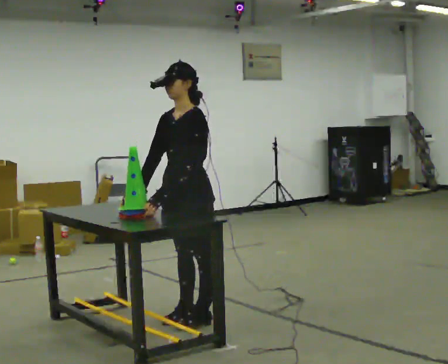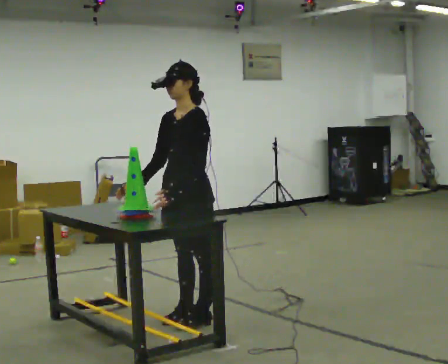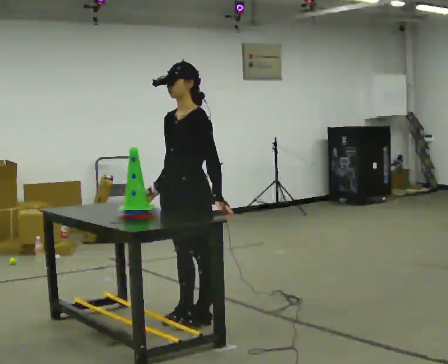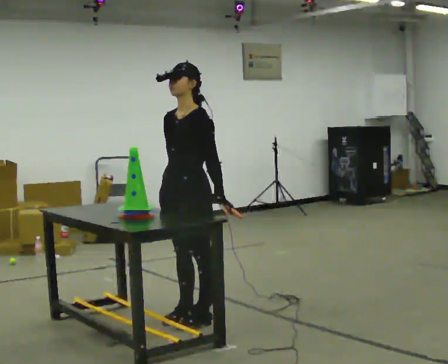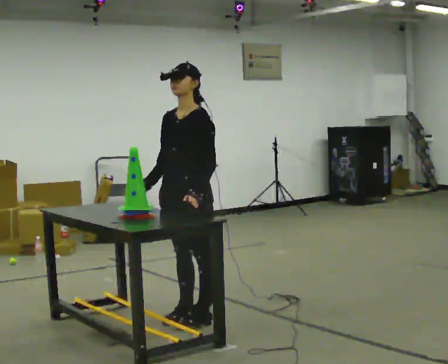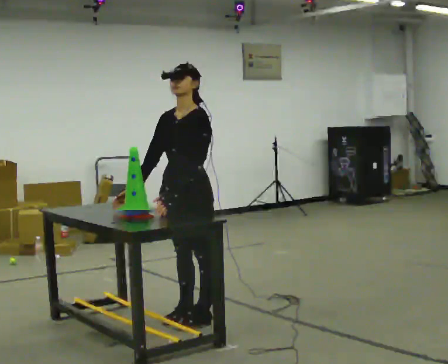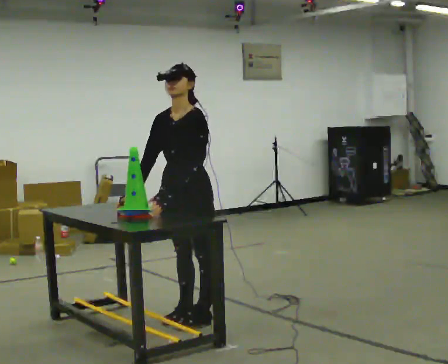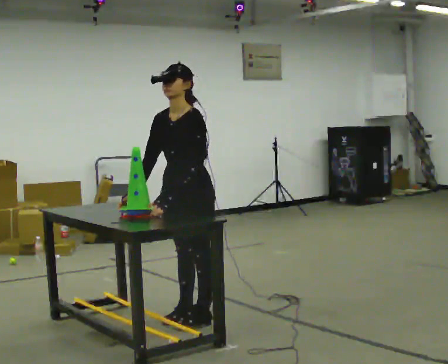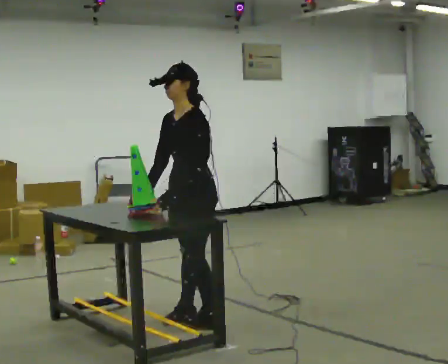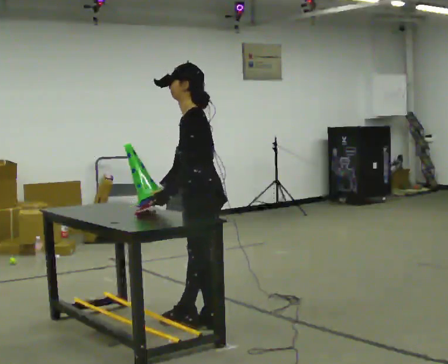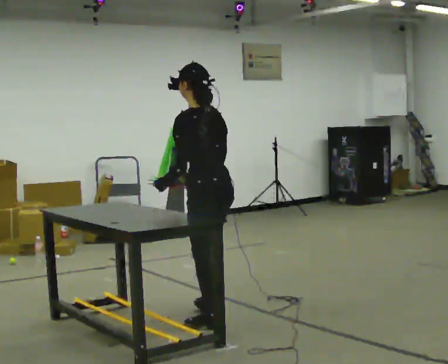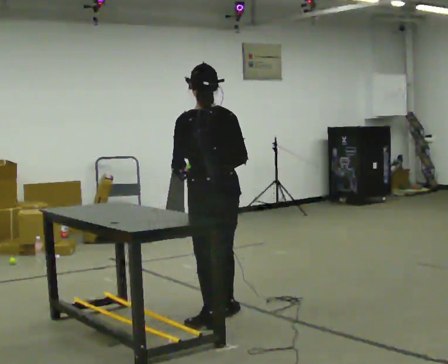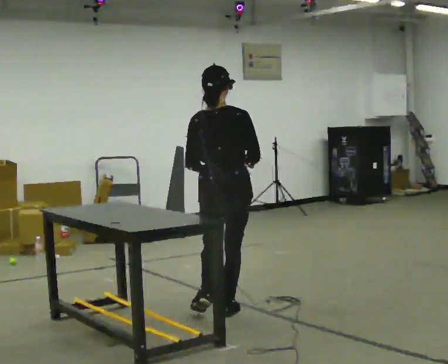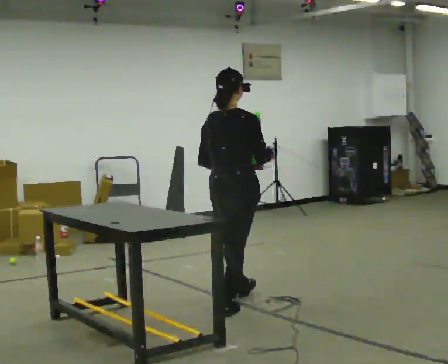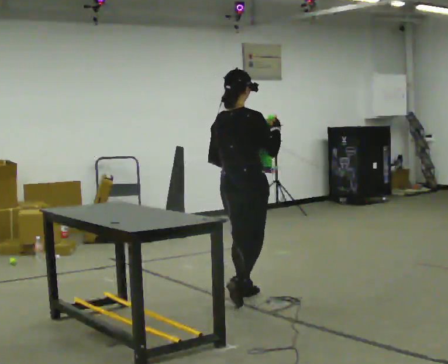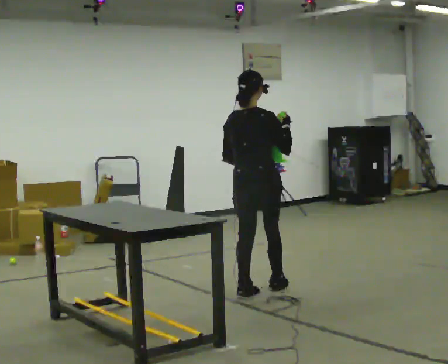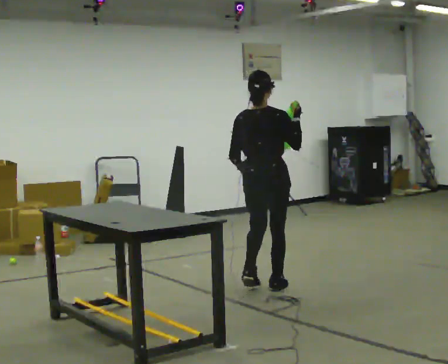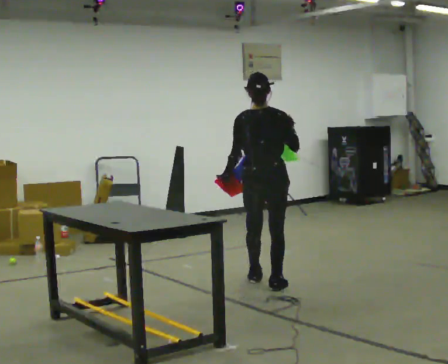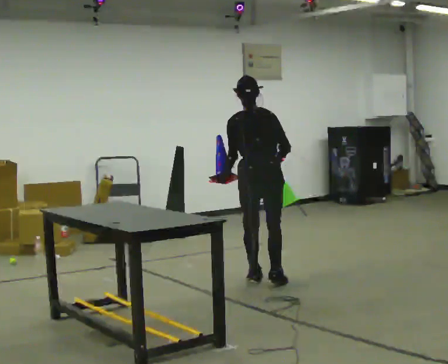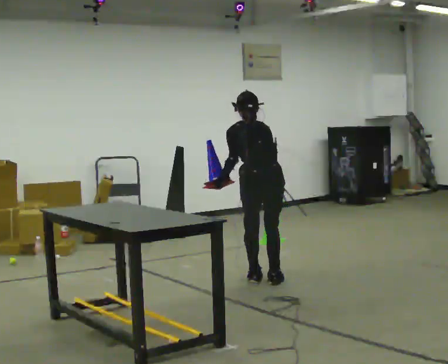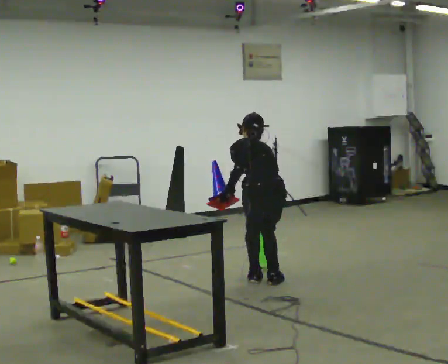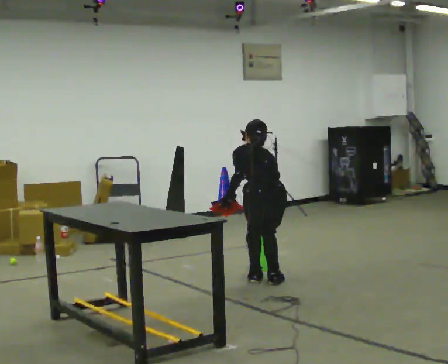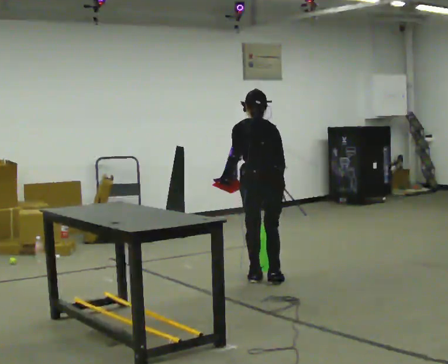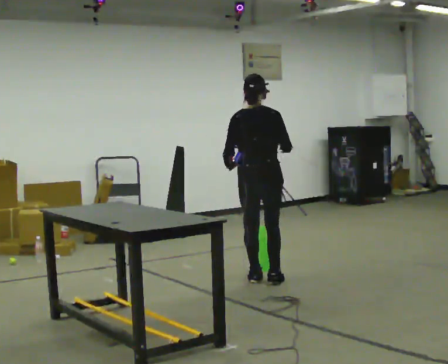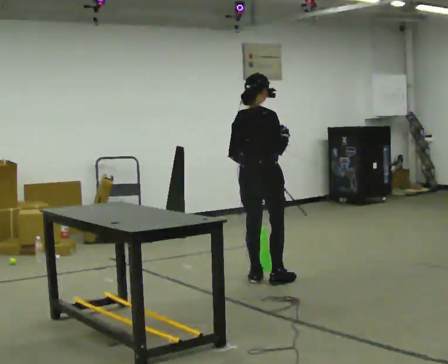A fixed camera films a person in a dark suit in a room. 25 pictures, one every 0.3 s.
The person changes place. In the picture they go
away from the camera.
0.0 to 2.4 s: The person moves a little, or ends about where they began.
2.4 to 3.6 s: Seen from above the body turns clockwise, about 135 degrees: to their right, with its near side sliding to the left. In the picture they go away from the camera and to the right, about 0.25 m in 1 step. In the picture their right hand goes to the right.
3.6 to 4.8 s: In the picture they go away from the camera and to the right, about 0.75 m in 2 steps, which for them is forward.
4.8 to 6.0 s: The person turns about 30 degrees to their left, counterclockwise seen from above, so the part of the body nearest the lens slides to the right. In the picture they go away from the camera, about 0.25 m in 2 steps, which for them is forward. The shoulders move downward. The upper body tips away from the camera, its near side rolling upward, as they bend forward. In the picture their right hand goes downward.
6.0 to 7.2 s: The person turns about 60 degrees to their right, clockwise seen from above, so the part of the body nearest the lens slides to the left. The upper body goes upward. The upper body tips toward the camera, its near side rolling downward, as they lean back or straighten.
The film runs forward here.
